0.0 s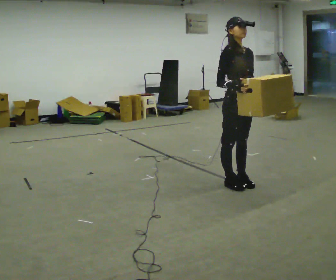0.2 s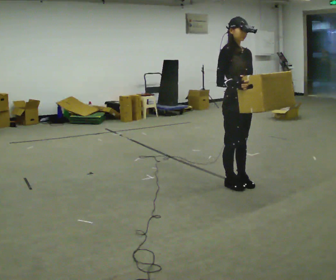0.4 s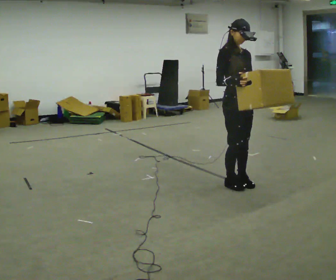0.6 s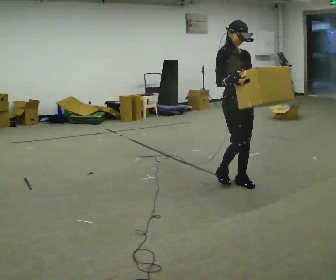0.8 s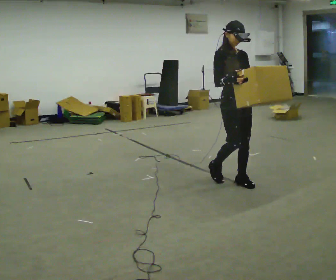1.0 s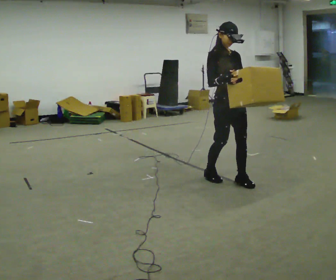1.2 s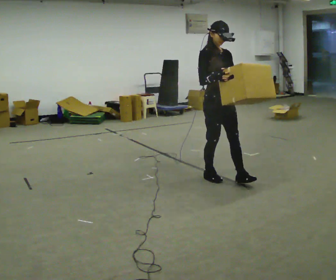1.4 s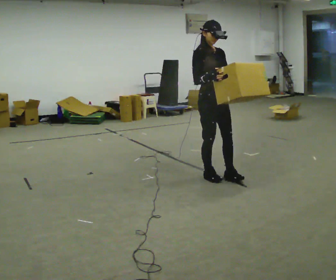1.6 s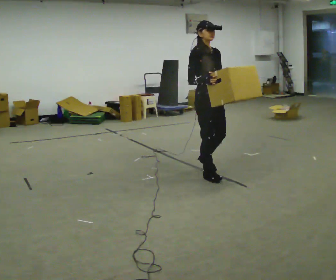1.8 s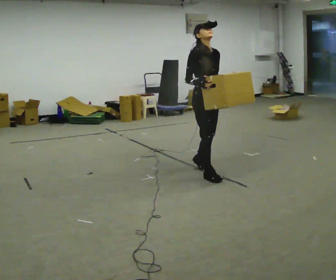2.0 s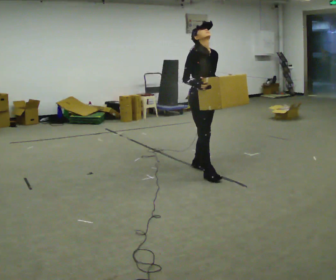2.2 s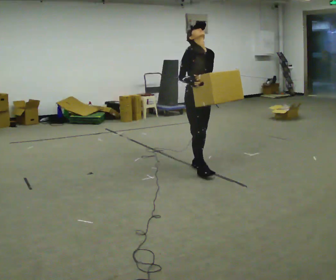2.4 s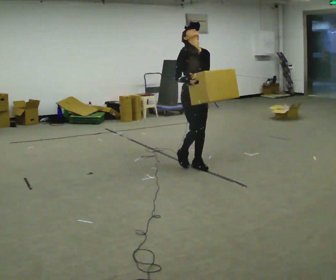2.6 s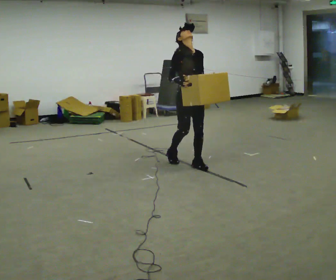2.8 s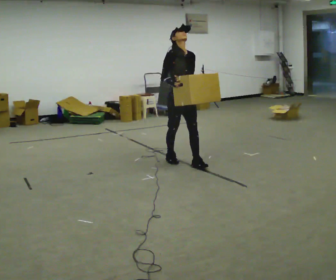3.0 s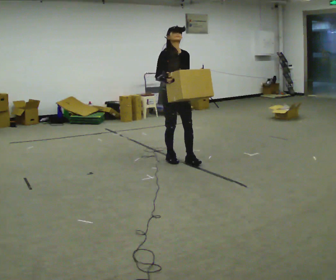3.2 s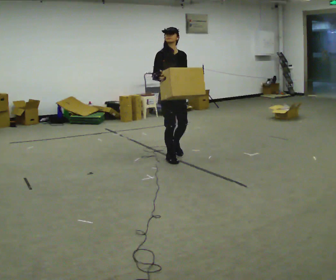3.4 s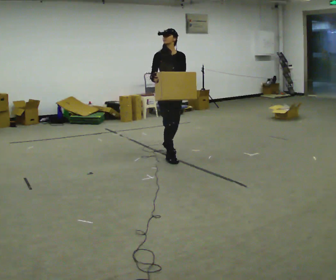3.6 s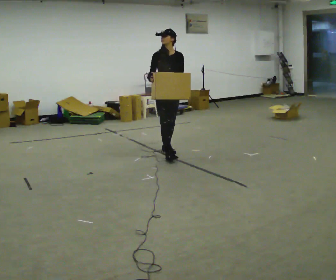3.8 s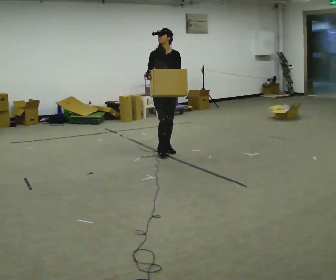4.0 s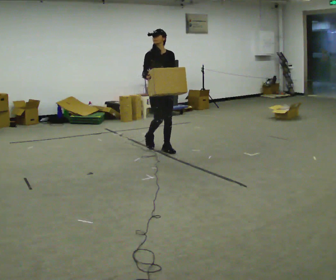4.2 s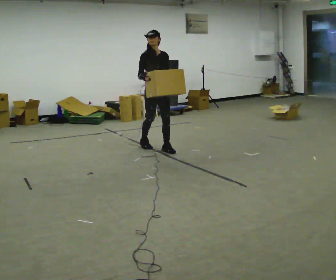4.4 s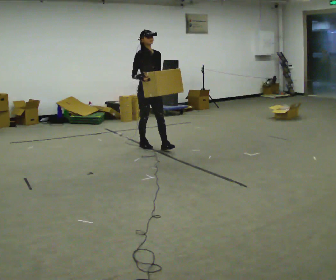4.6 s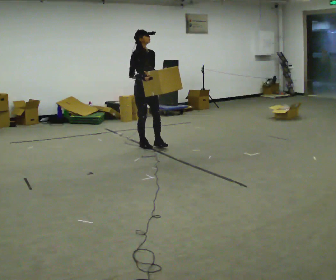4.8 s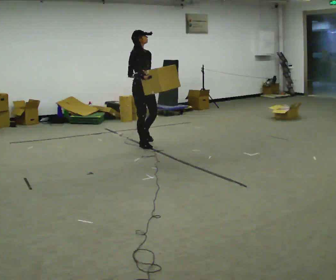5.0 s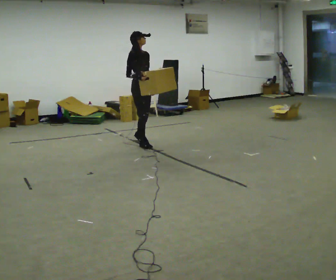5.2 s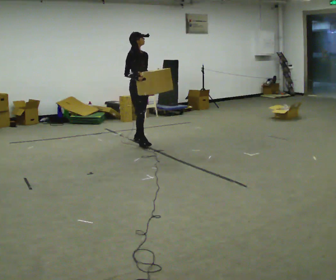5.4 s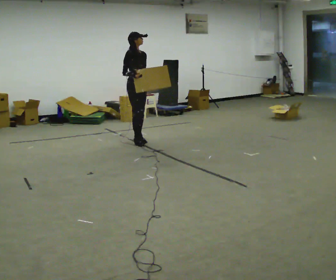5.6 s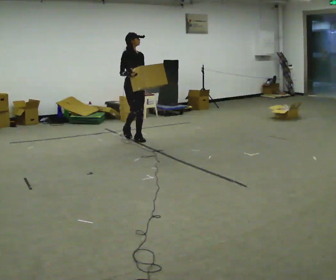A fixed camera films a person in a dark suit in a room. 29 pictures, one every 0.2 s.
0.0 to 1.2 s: In the picture they go away from the camera, about 0.25 m in 1 step, which for them is backward.
1.2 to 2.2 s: In the picture they go away from the camera and to the left, about 0.5 m in 2 steps, which for them is backward.
2.2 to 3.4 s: In the picture they go away from the camera and to the left, about 0.5 m in 1 step, which for them is backward.
3.4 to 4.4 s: In the picture they go away from the camera and to the left, about 0.5 m in 1 step, which for them is backward.
4.4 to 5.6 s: In the picture they go away from the camera and to the left, about 0.5 m in 2 steps, which for them is backward.
The film runs backward here.
